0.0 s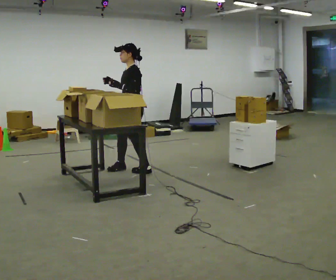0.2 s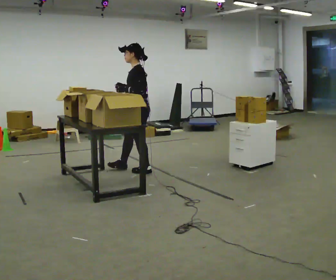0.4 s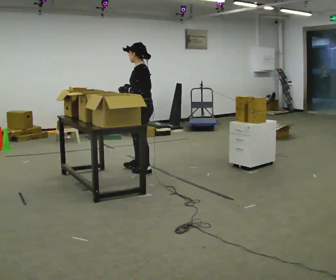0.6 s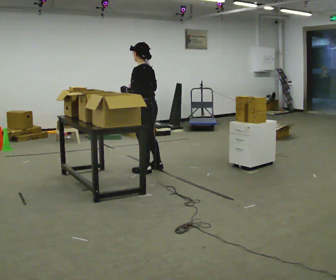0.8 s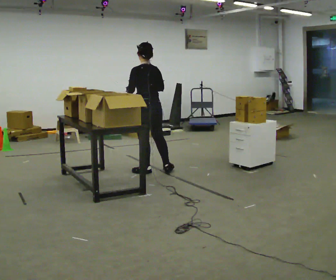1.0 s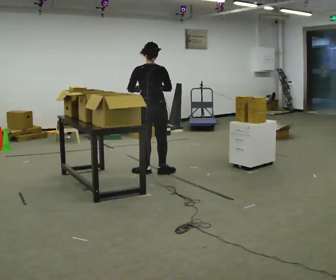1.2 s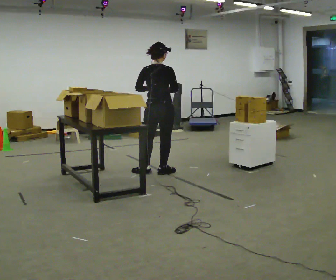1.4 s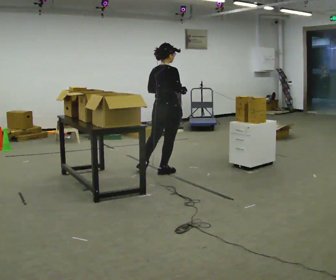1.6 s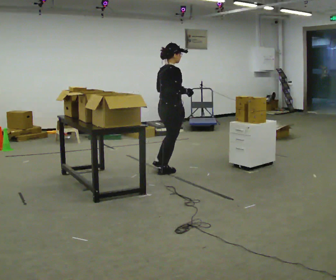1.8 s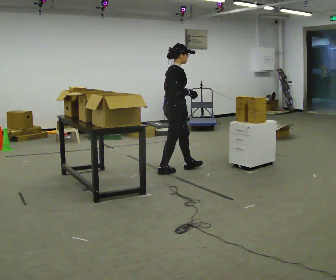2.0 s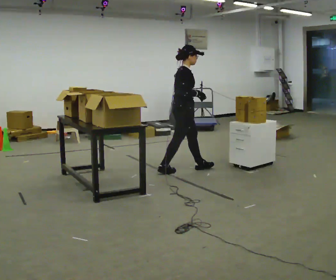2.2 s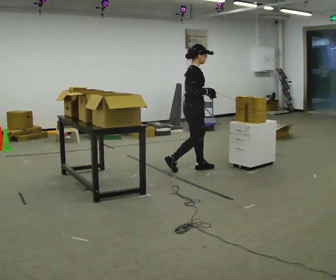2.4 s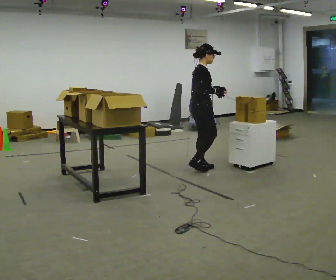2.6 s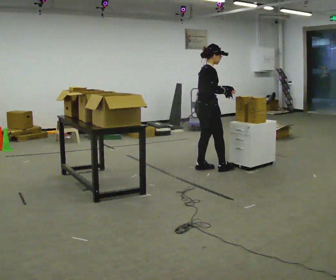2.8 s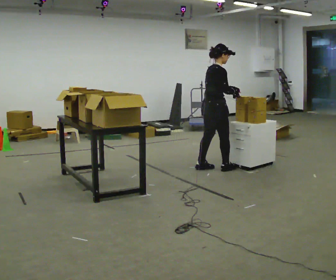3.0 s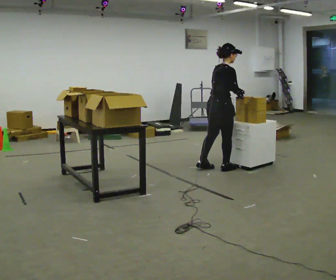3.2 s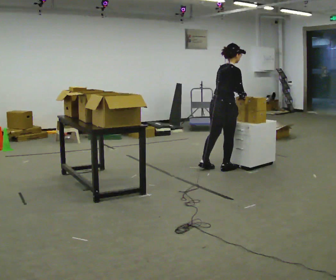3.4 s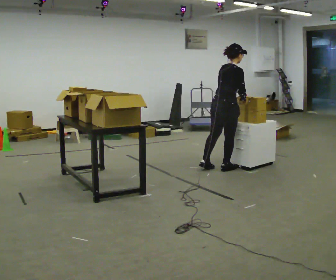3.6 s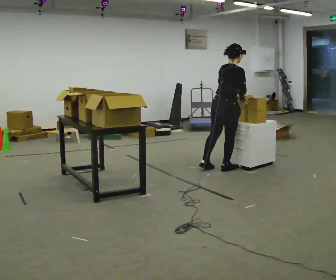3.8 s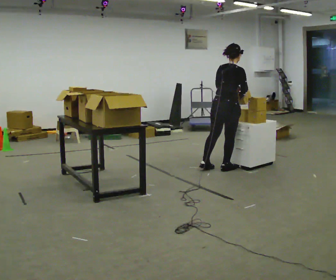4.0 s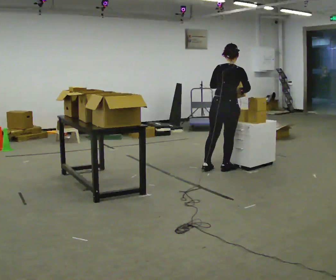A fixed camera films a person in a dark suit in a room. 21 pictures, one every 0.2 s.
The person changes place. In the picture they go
to the right.
0.0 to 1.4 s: Seen from above the body turns clockwise, about 150 degrees: to their right, with its near side sliding to the left. In the picture they go to the right, about 0.5 m in 1 step.
1.4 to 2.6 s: Seen from above the body turns clockwise, about 45 degrees: to their right, with its near side sliding to the left. In the picture they go to the right and away from the camera, about 0.5 m in 1 step, which for them is forward.
2.6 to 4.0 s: The person turns about 60 degrees to their left, counterclockwise seen from above, so the part of the body nearest the lens slides to the right. In the picture they go to the right, about 0.25 m in 1 step, which for them is to their right and forward.
The film runs forward here.
